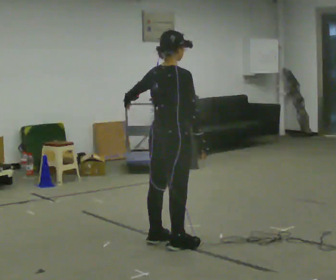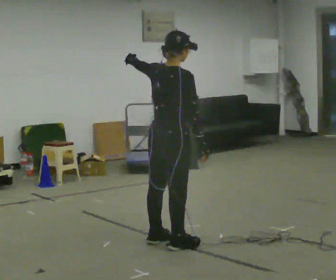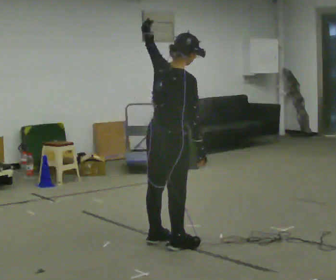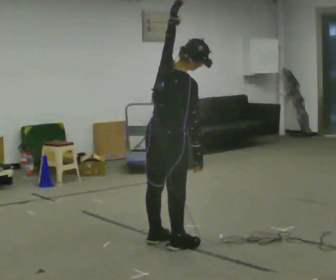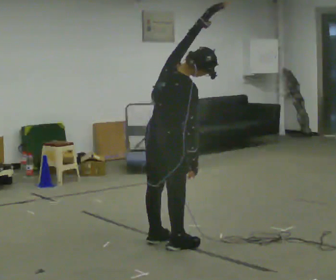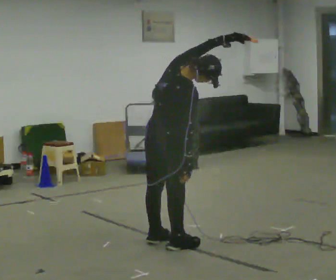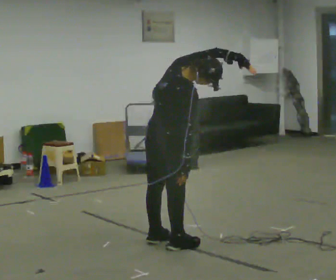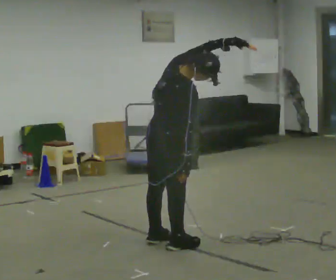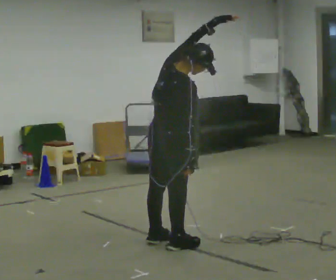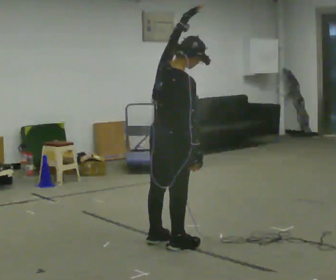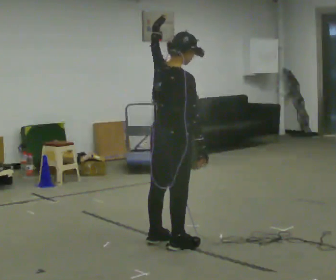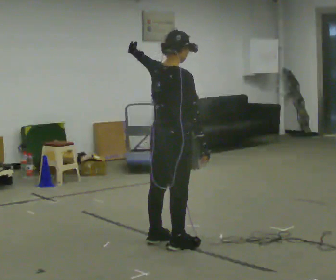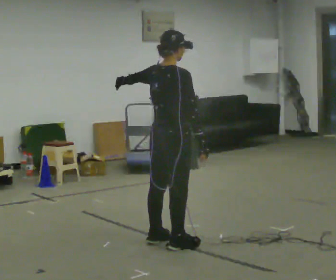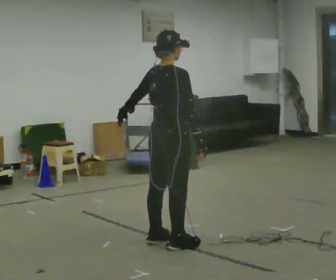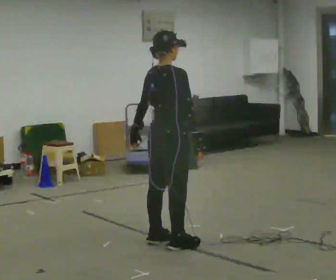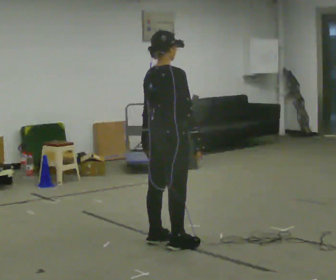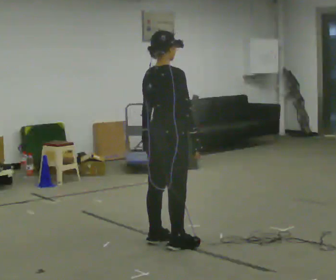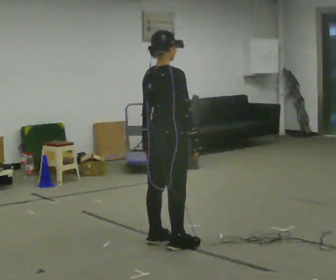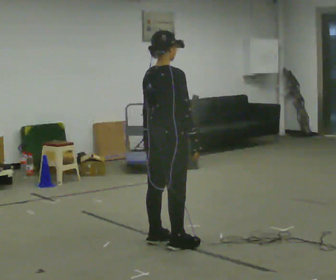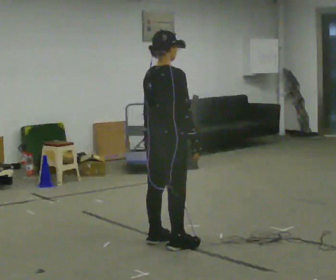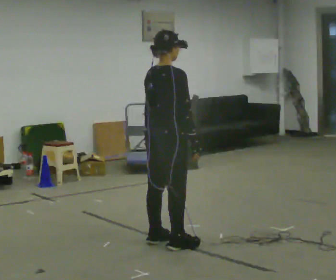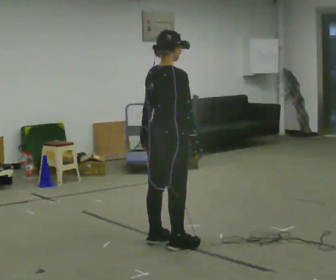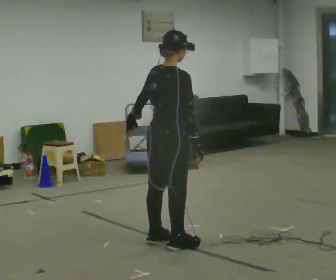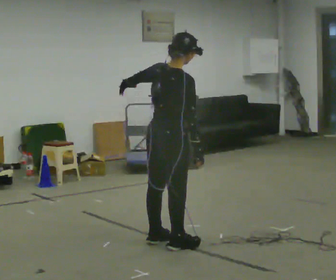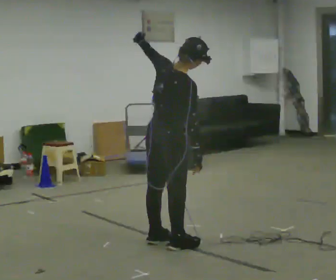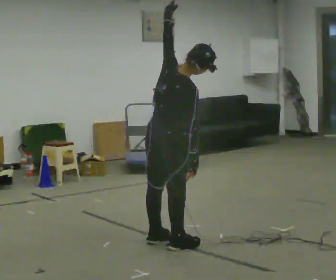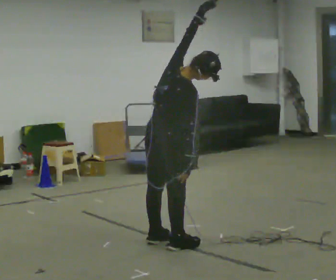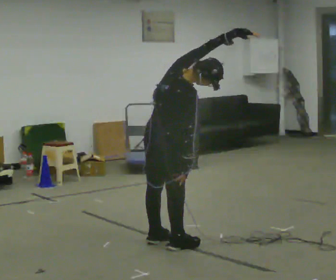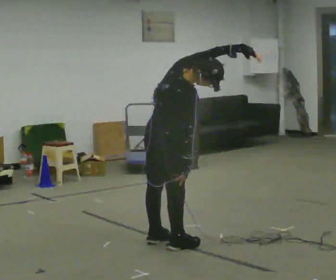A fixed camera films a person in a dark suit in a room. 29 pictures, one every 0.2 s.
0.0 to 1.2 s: The upper body tips toward the camera, its near side rolling downward. In the picture their left hand goes to the right, the arm swinging clockwise.
1.2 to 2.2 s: In the picture the upper body tilts counterclockwise, shoulders to the left. In the picture their left hand goes to the left, the arm swinging counterclockwise.
2.2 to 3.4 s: In the picture their left hand goes downward, the arm swinging counterclockwise.
3.4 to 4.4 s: The person moves a little, or ends about where they began.
4.4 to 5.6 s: In the picture the upper body tilts clockwise, shoulders to the right. In the picture their left hand goes to the right and upward, the arm swinging clockwise.
The film runs forward here.
